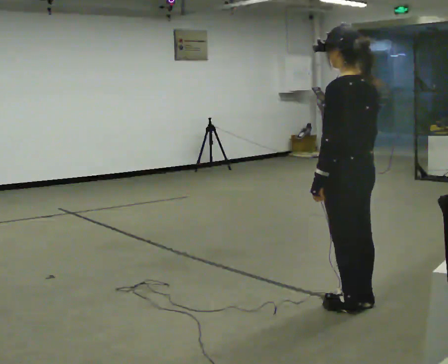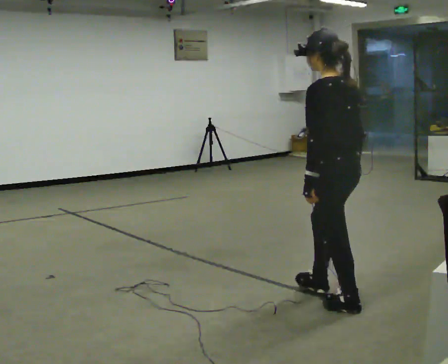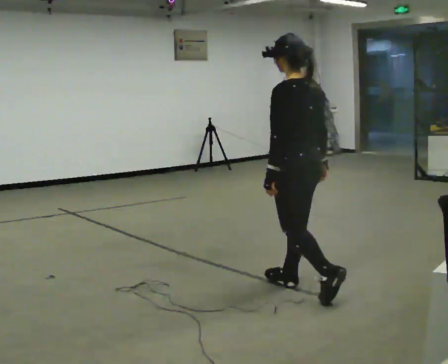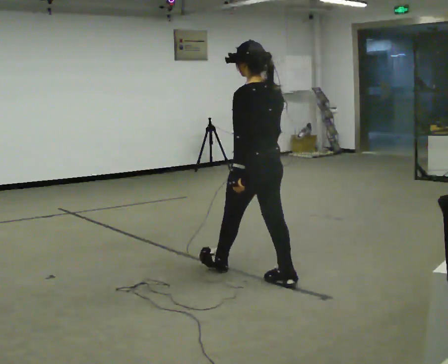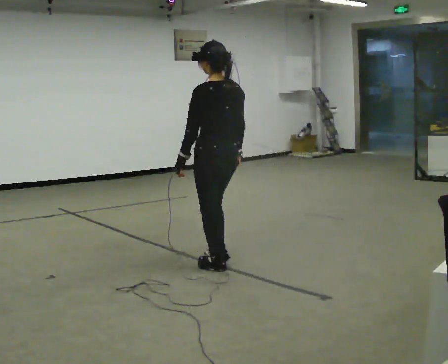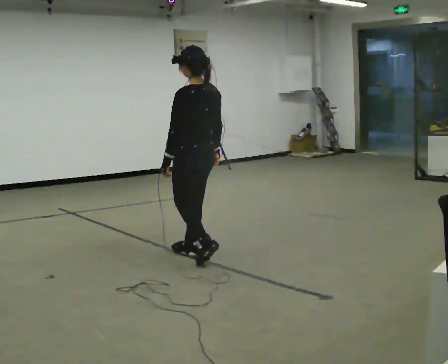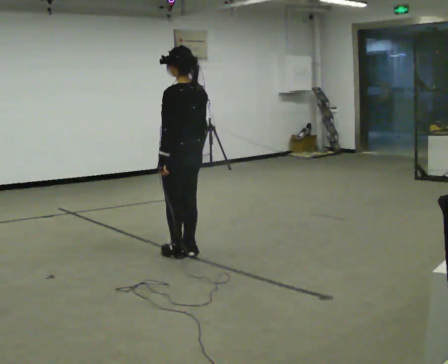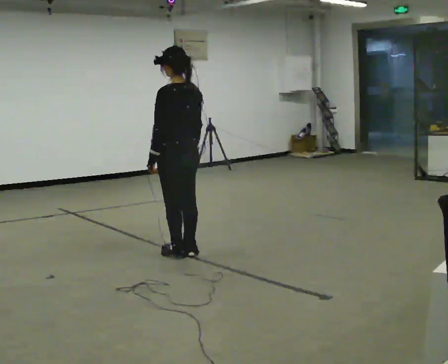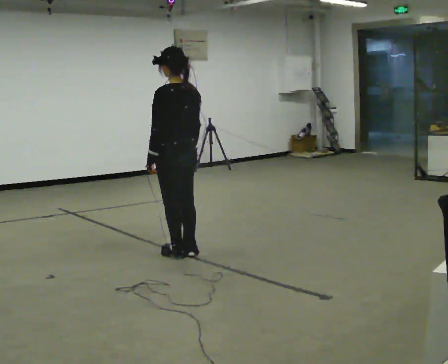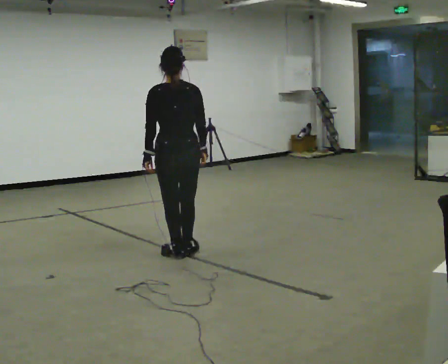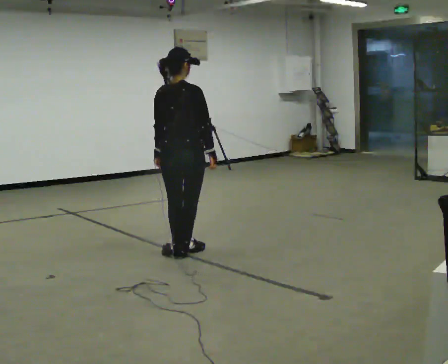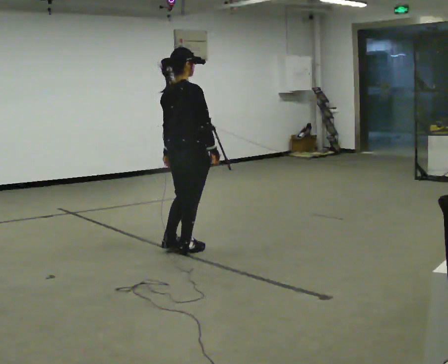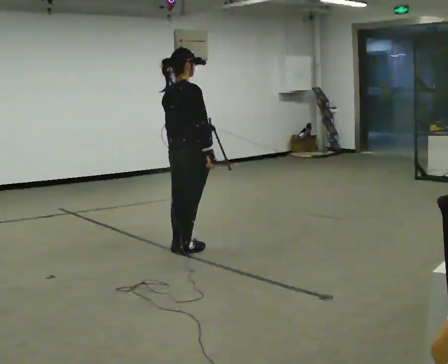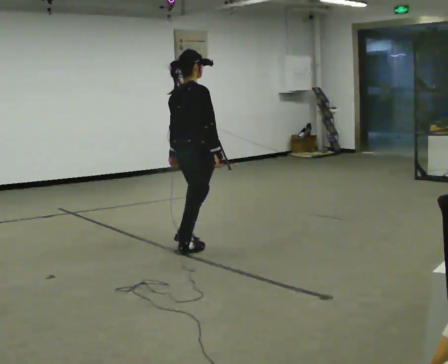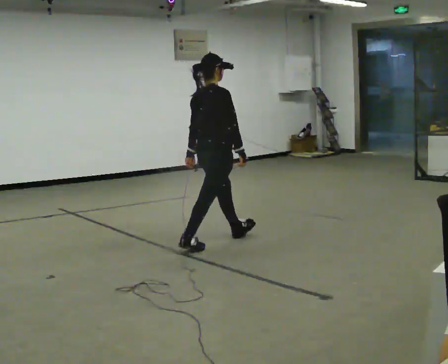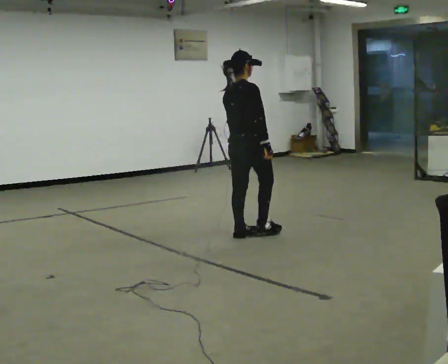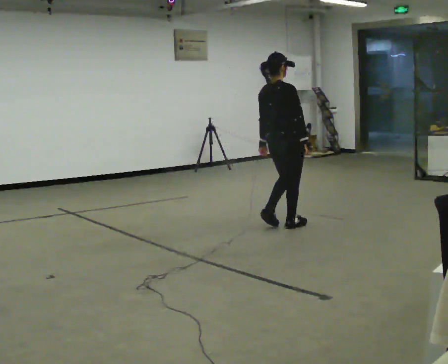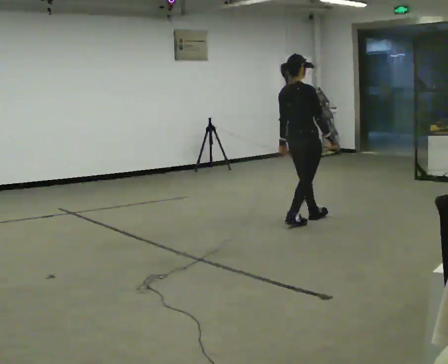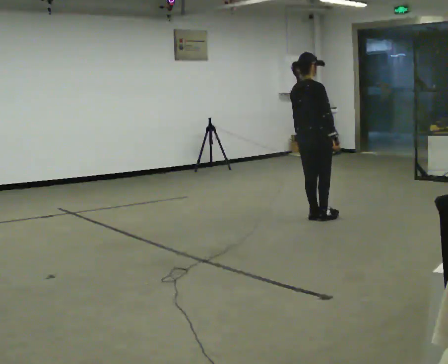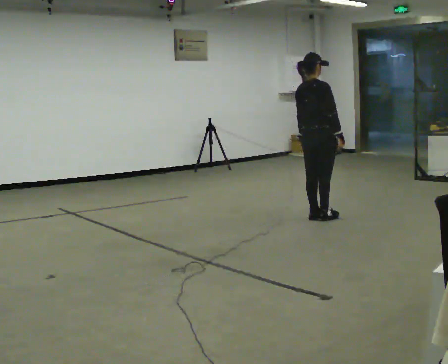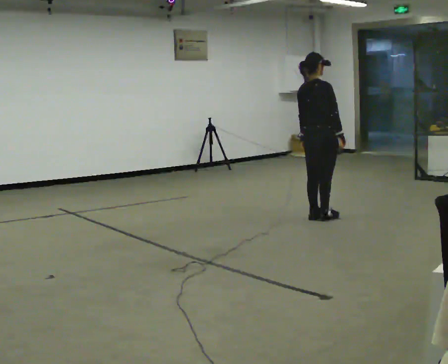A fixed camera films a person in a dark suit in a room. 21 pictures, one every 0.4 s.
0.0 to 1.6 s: In the picture they go away from the camera and to the left, about 1 m in 2 steps, which for them is forward.
1.6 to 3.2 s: In the picture they go away from the camera and to the left, about 0.5 m in 2 steps, which for them is forward.
3.2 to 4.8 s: The person turns about 90 degrees to their right, clockwise seen from above, so the part of the body nearest the lens slides to the left.
4.8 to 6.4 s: In the picture they go to the right and away from the camera, about 1 m in 2 steps, which for them is forward.
6.4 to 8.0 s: In the picture they go to the right and away from the camera, about 0.5 m in 2 steps, which for them is forward.
The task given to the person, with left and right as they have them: Walk; stop fully; turn 90° left/right while standing; walk new direction.
The film runs forward here.
